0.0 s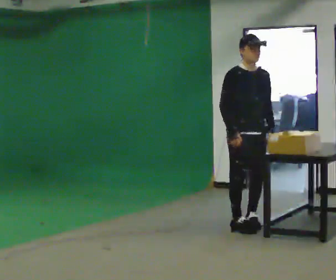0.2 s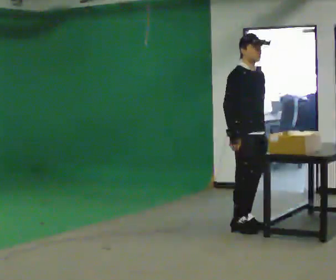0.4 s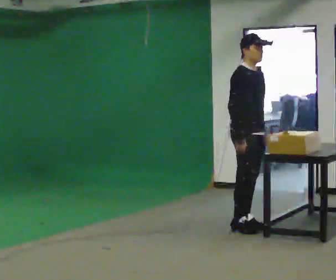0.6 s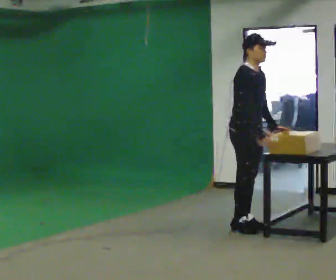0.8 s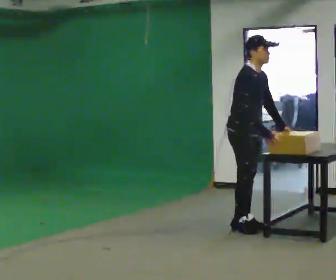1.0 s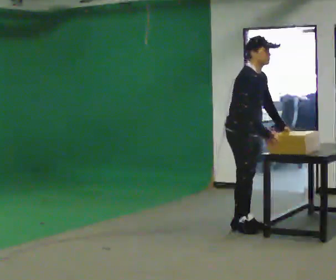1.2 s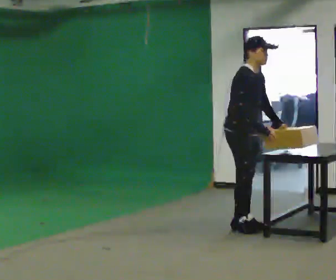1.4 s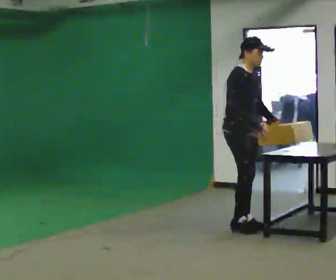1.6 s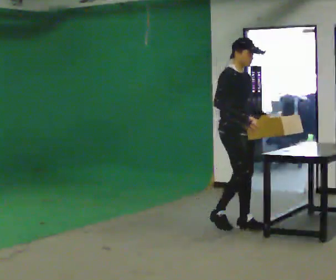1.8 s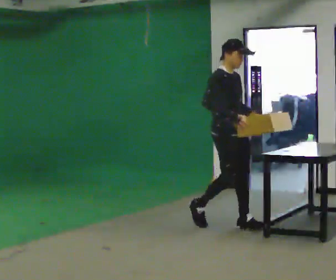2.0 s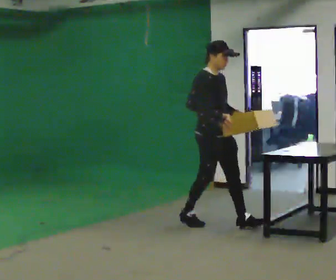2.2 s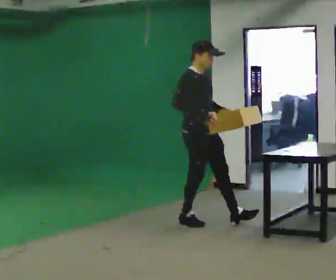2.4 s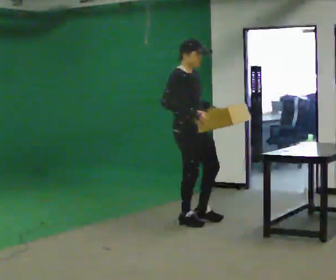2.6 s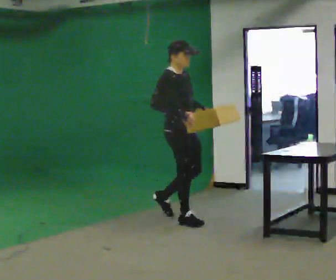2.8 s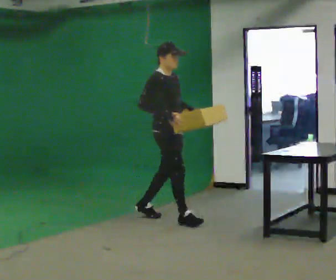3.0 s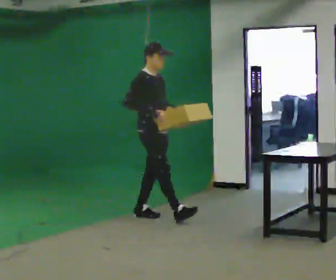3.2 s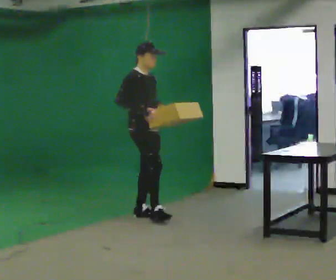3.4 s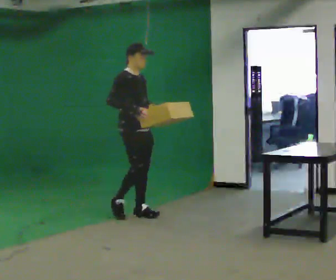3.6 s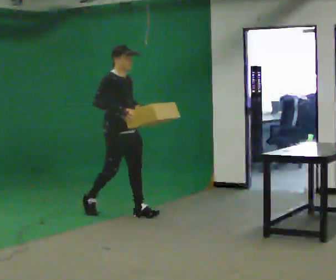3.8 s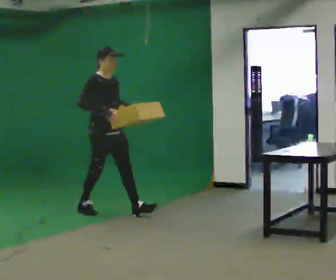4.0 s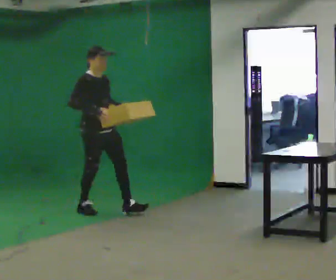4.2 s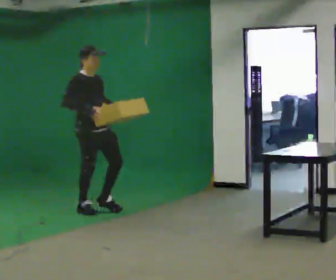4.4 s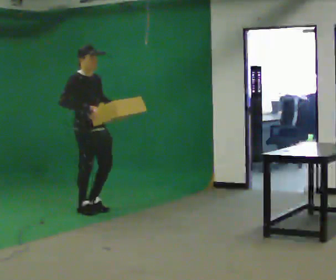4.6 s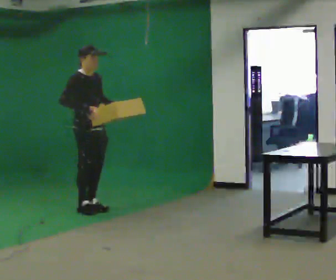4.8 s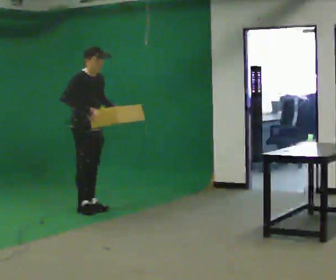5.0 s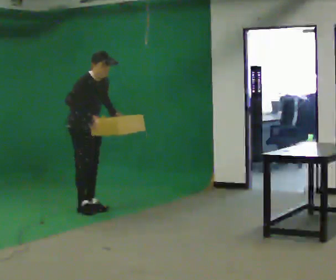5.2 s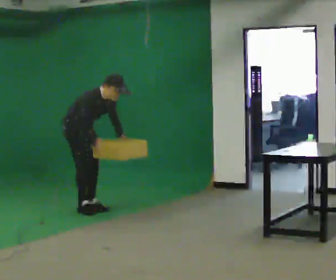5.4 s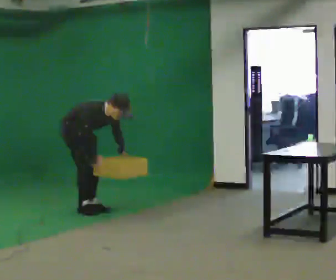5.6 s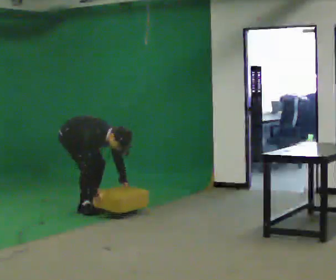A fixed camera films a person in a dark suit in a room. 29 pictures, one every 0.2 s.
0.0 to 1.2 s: The part of the body nearest the lens slides to the right as the person turns to their left by about 30 degrees.
1.2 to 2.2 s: In the picture they go to the left and away from the camera, about 0.5 m in 2 steps, which for them is backward. In the picture the upper body tilts counterclockwise, shoulders to the left, as they lean back or straighten.
2.2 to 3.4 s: In the picture they go to the left and away from the camera, about 1 m in 1 step, which for them is backward.
3.4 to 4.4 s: In the picture they go to the left, about 0.5 m in 1 step, which for them is backward.
4.4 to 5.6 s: In the picture they go to the left and away from the camera, about 0.25 m, which for them is backward. The shoulders move downward. In the picture the upper body tilts clockwise, shoulders to the right, as they bend forward. In the picture their right hand goes downward.
The film runs backward here.
